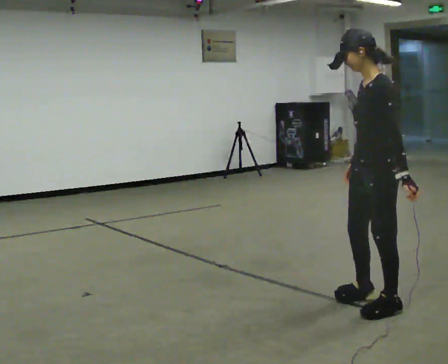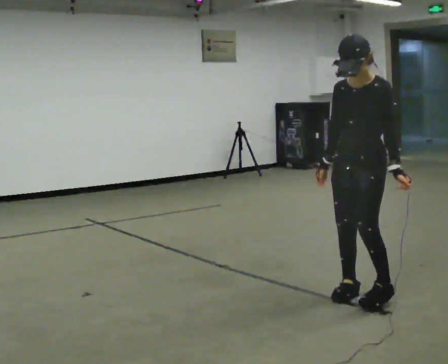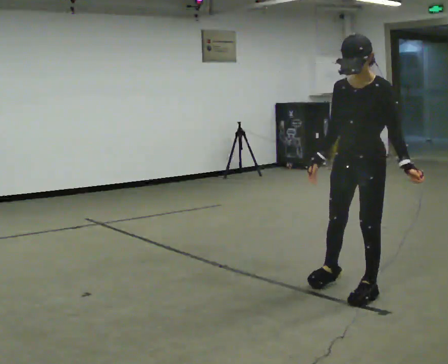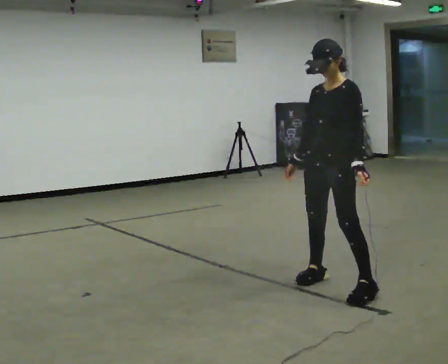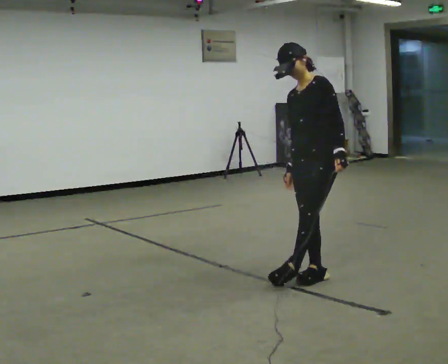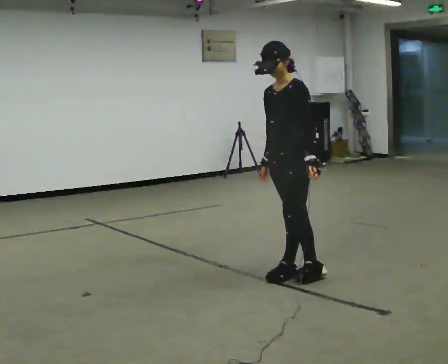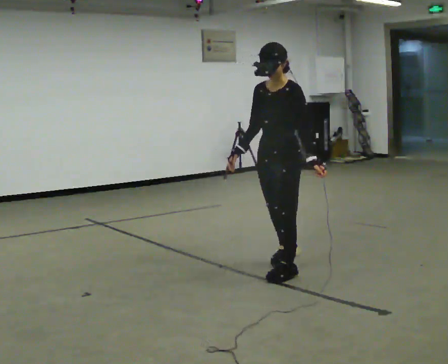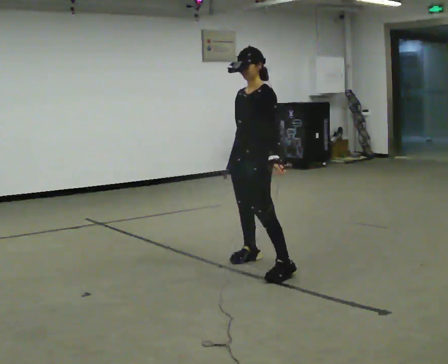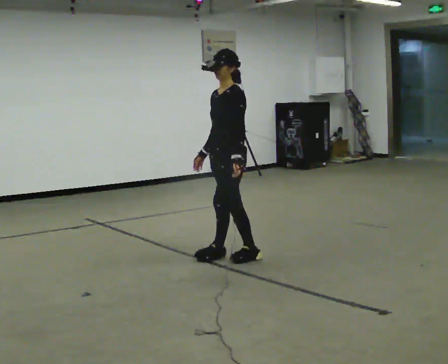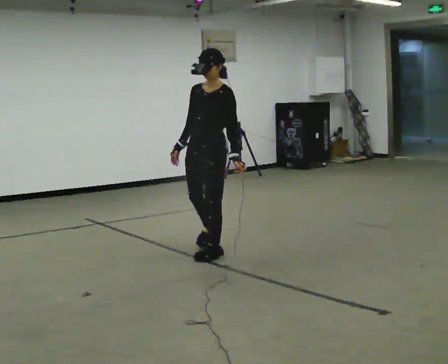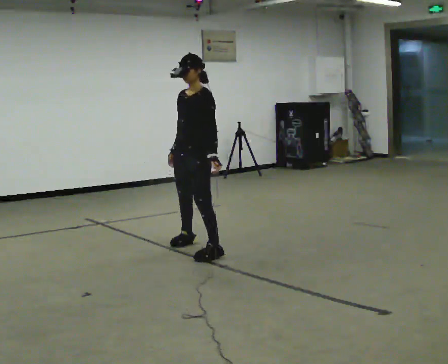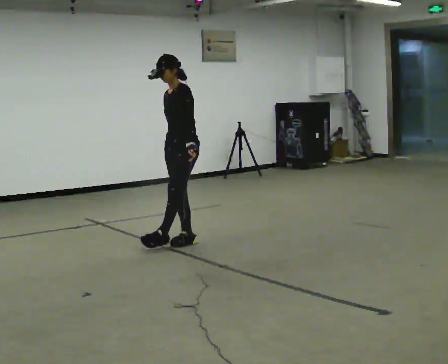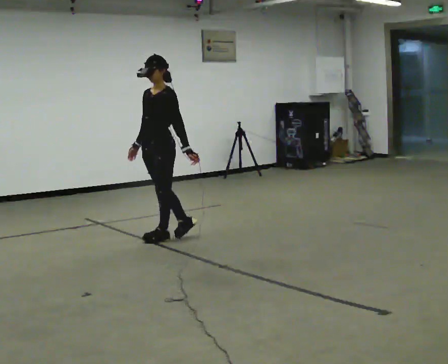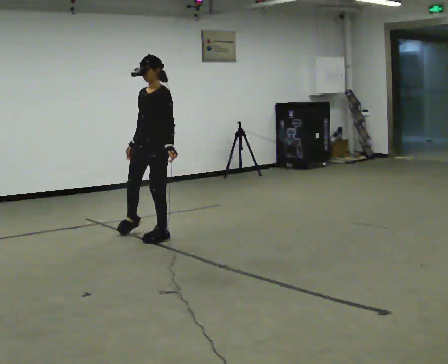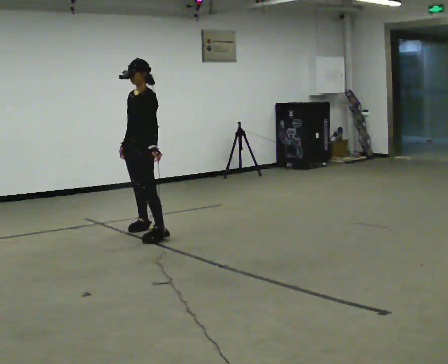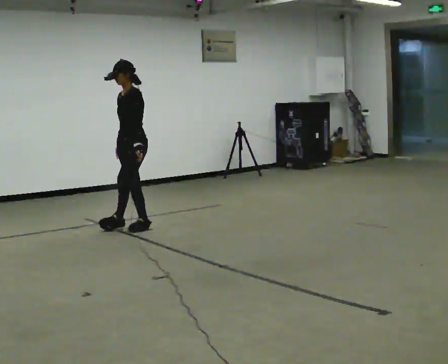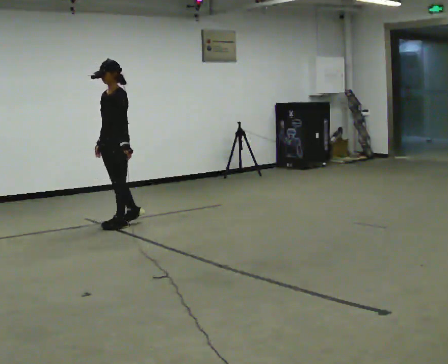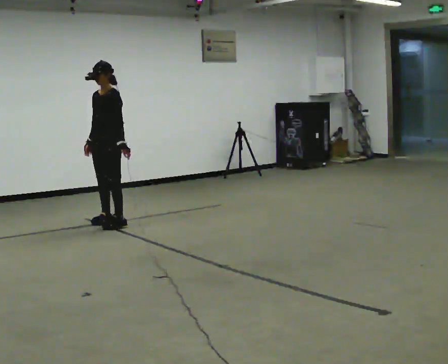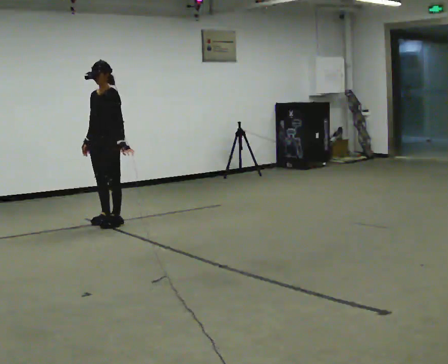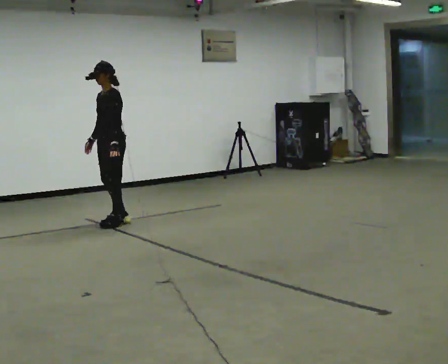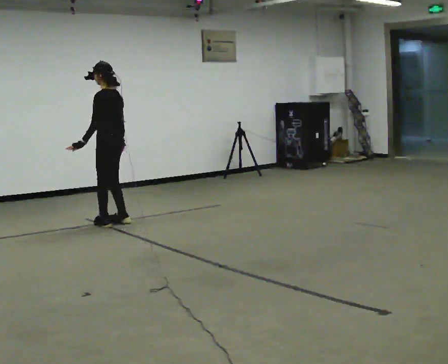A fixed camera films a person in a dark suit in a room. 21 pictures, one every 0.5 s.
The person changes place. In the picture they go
away from the camera.
0.0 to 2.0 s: Seen from above the body turns counterclockwise, about 45 degrees: to their left, with its near side sliding to the right. In the picture they go away from the camera, about 0.75 m in 3 steps, which for them is to their right.
2.0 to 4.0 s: In the picture they go away from the camera and to the left, about 1 m in 2 steps, which for them is to their right.
4.0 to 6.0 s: In the picture they go away from the camera and to the left, about 1 m in 3 steps, which for them is to their right.
6.0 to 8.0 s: In the picture they go away from the camera and to the left, about 0.5 m in 2 steps, which for them is to their right.
8.0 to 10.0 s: The part of the body nearest the lens slides to the left as the person turns to their right by about 45 degrees. In the picture their left hand goes to the left.
The film runs backward here.
